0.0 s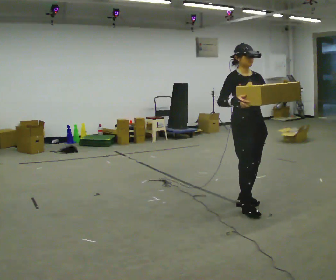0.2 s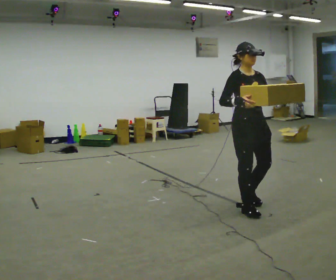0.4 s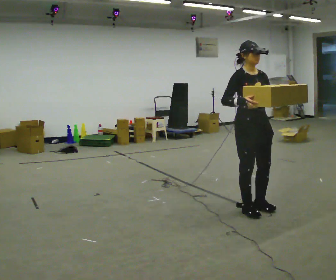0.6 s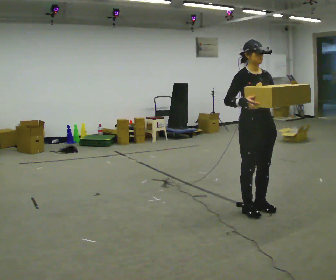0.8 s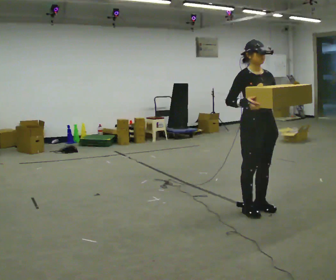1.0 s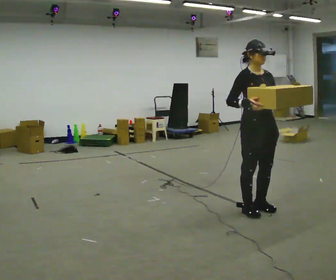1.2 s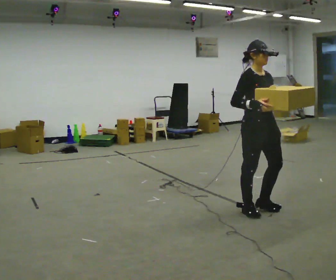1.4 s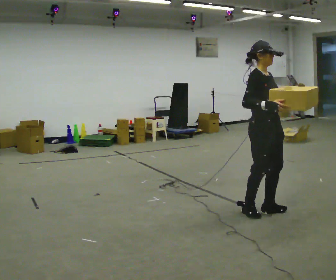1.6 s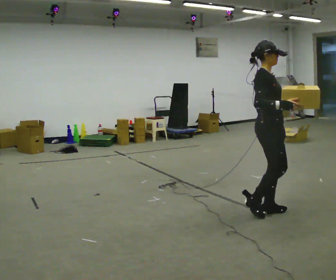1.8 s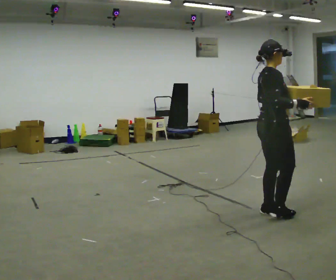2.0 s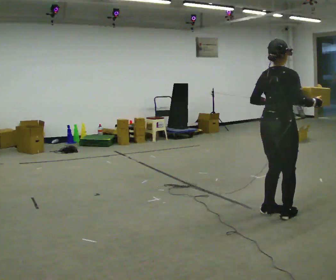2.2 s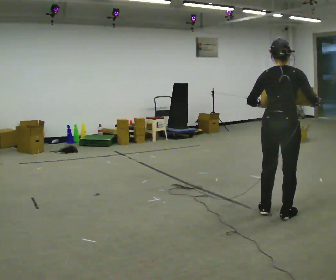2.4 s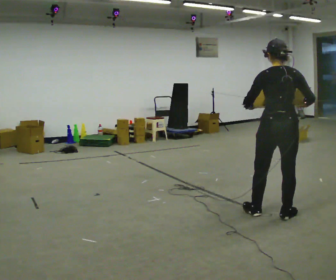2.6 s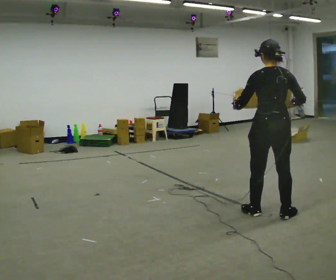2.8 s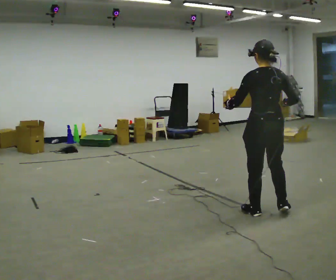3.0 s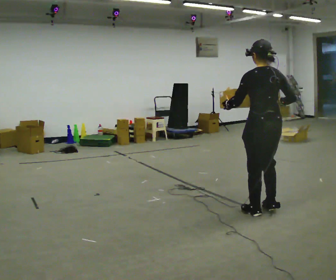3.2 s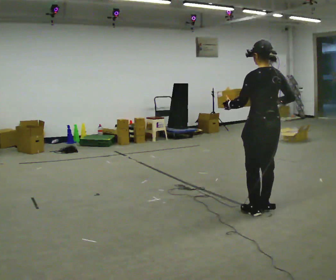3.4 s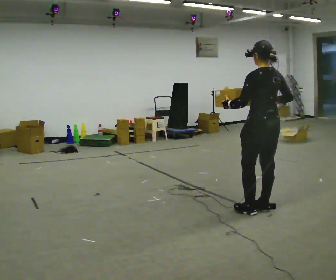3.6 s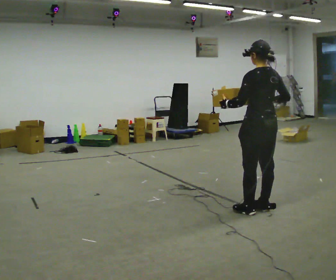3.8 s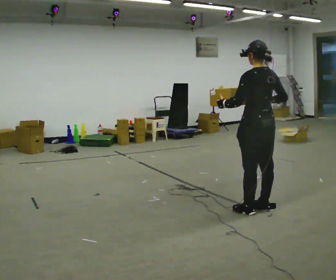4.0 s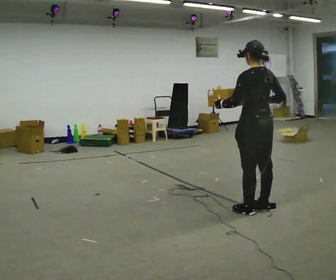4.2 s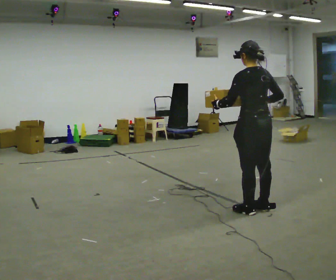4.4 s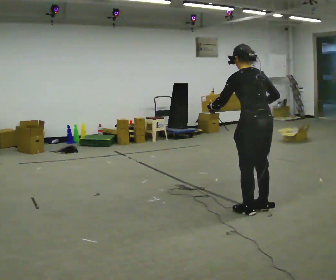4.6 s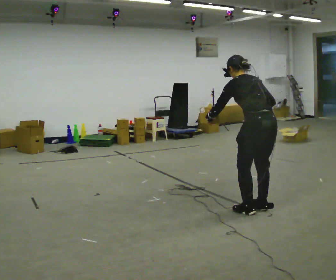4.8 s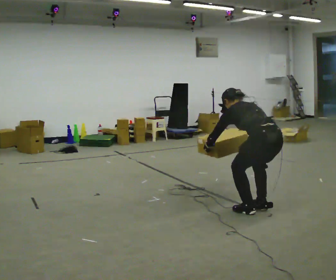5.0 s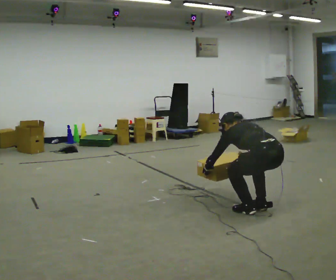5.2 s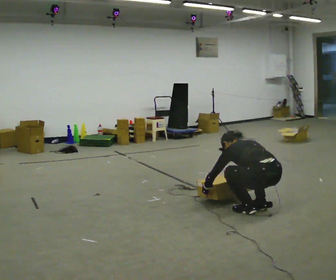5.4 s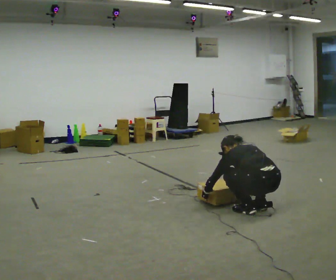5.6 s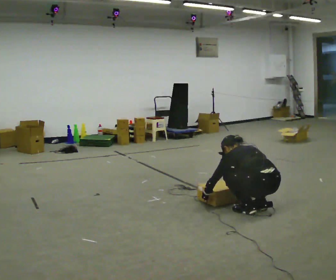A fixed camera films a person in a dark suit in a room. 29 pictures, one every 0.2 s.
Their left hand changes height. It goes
downward.
The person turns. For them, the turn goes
to their left.
0.0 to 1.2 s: In the picture they go toward the camera, about 0.25 m in 1 step, which for them is forward.
1.2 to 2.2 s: Seen from above the body turns counterclockwise, about 120 degrees: to their left, with its near side sliding to the right. In the picture they go to the right, about 0.25 m in 1 step. In the picture their left hand goes to the left.
2.2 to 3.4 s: The part of the body nearest the lens slides to the right as the person turns to their left by about 60 degrees. In the picture they go away from the camera, about 0.25 m in 1 step, which for them is forward. In the picture their right hand goes to the left.
3.4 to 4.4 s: The person moves a little, or ends about where they began.
4.4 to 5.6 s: The upper body goes downward. The upper body tips away from the camera, its near side rolling upward, as they bend forward. In the picture their left hand goes downward.
The film runs forward here.
